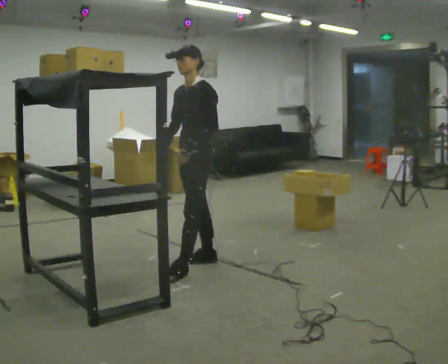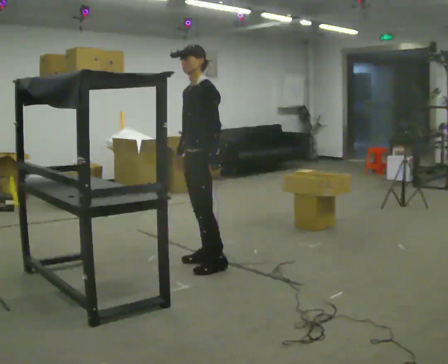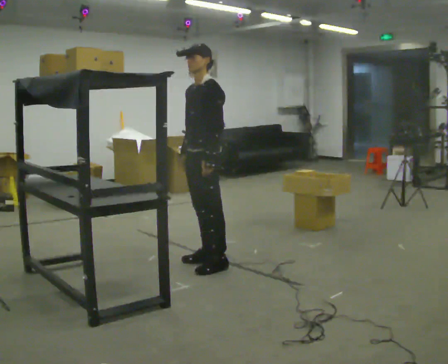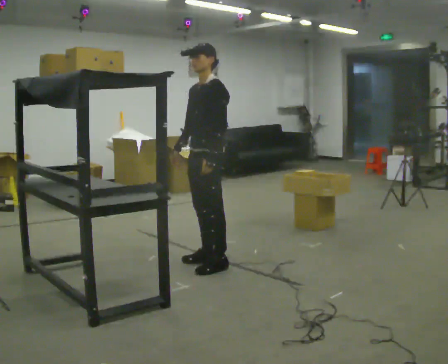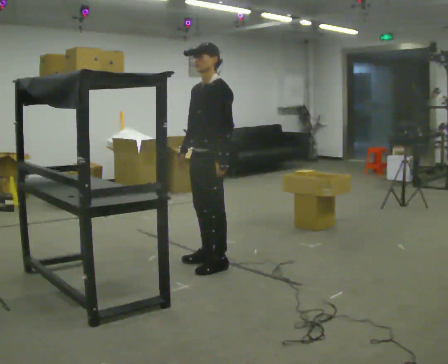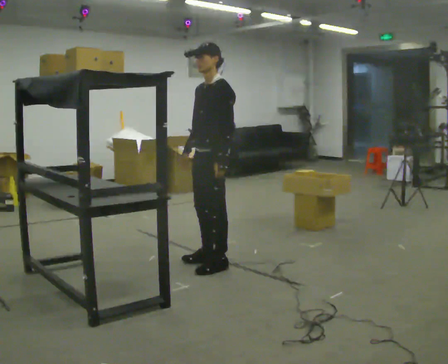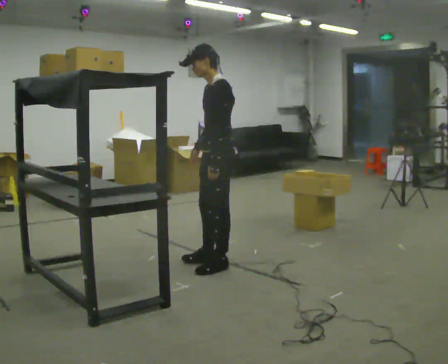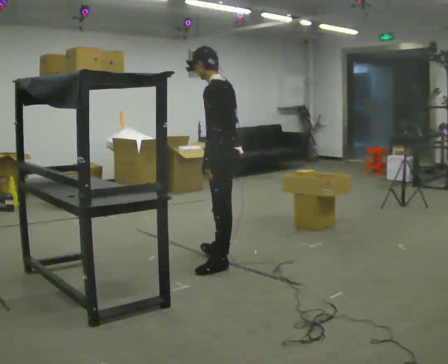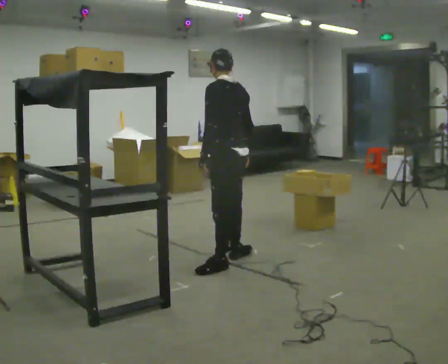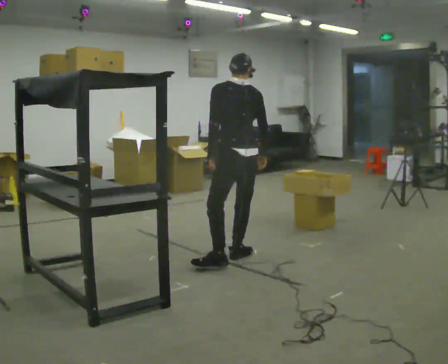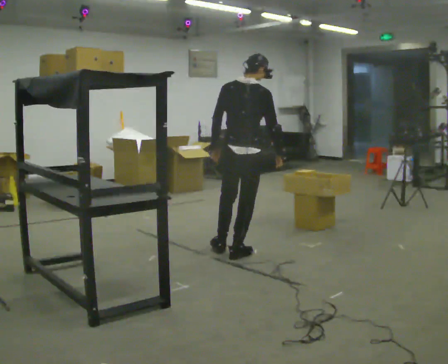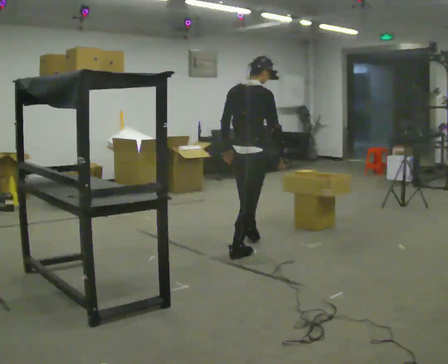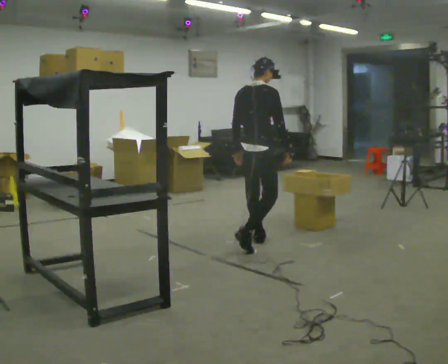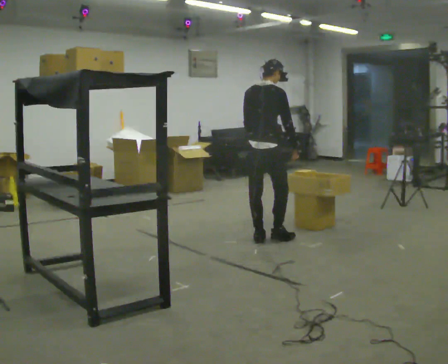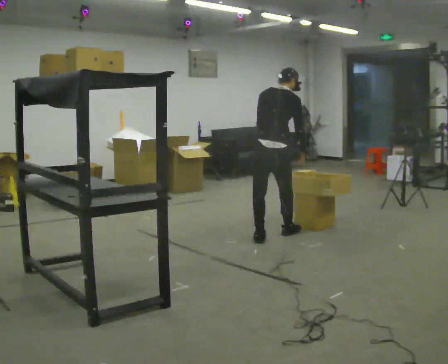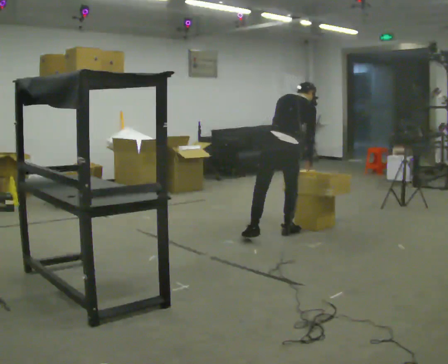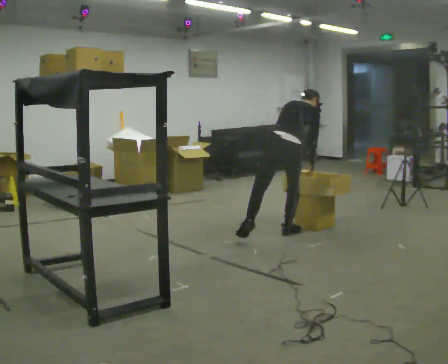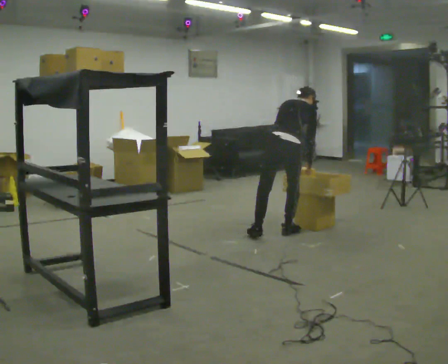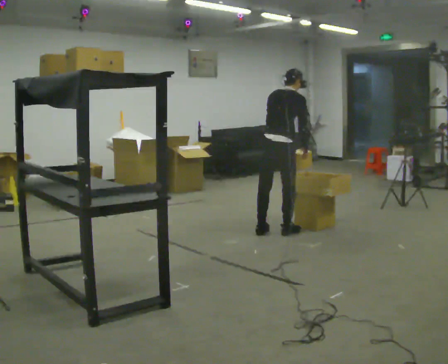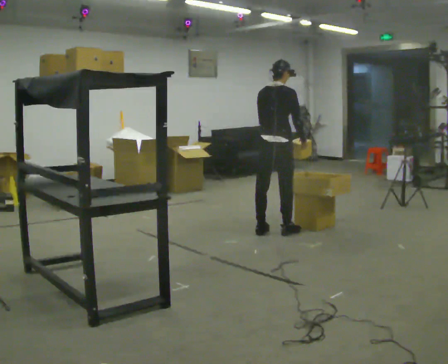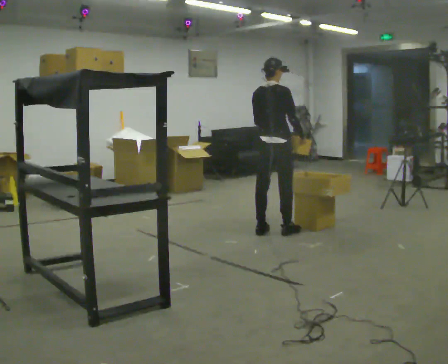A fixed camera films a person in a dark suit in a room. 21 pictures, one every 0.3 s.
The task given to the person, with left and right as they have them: Take an object from the waist-height shelf, carry it across the room, and place it on the highest shelf you can comfortably reach. Keep going until the operator says stop; one object at a time, and do not rush between trips.
0.0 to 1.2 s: The person moves a little, or ends about where they began.
1.2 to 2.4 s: Seen from above the body turns clockwise, about 75 degrees: to their right, with its near side sliding to the left. In the picture their right hand goes to the right.
2.4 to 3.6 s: The part of the body nearest the lens slides to the left as the person turns to their right by about 90 degrees. In the picture they go away from the camera, about 0.5 m in 1 step.
3.6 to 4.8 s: In the picture they go away from the camera and to the right, about 0.5 m in 1 step, which for them is forward. The upper body goes downward. The upper body tips away from the camera, its near side rolling upward, as they bend forward.
4.8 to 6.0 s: The upper body goes upward. The upper body tips toward the camera, its near side rolling downward, as they lean back or straighten. In the picture their right hand goes upward.
The film runs forward here.
